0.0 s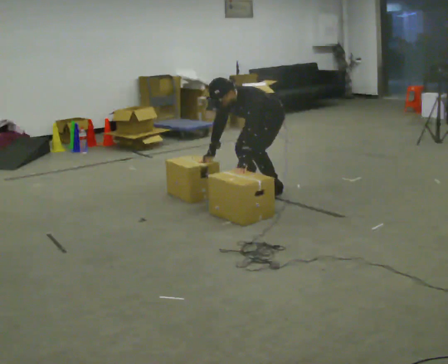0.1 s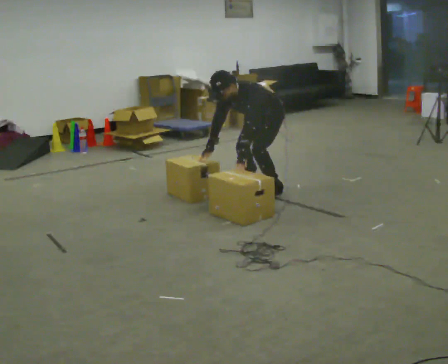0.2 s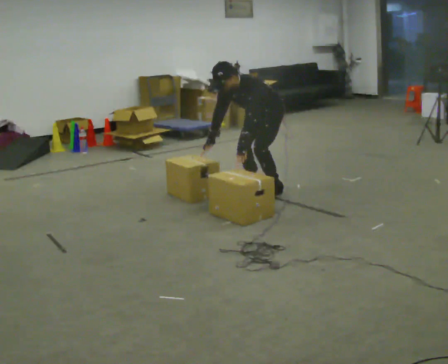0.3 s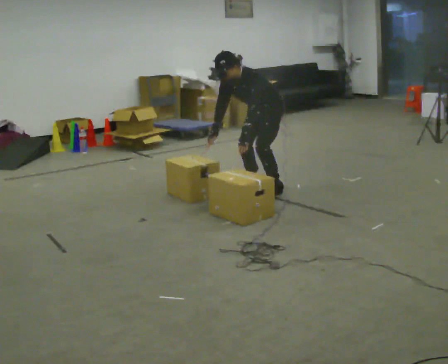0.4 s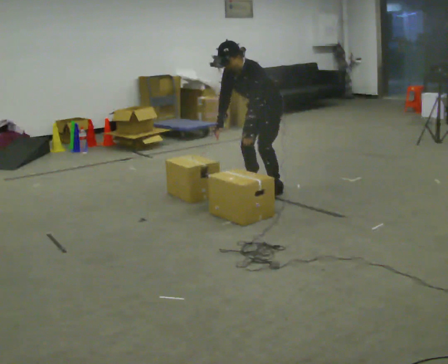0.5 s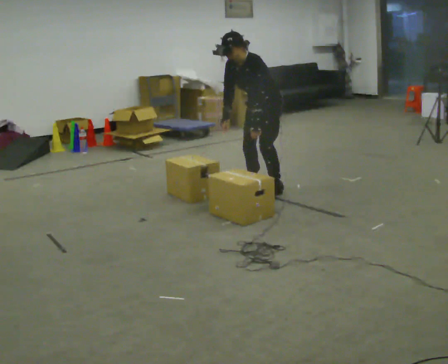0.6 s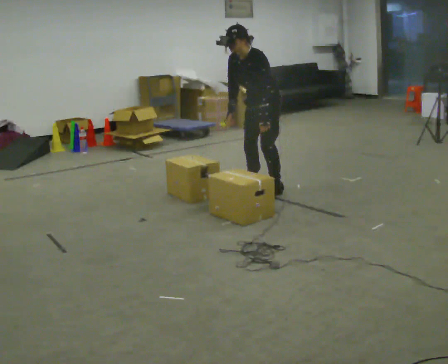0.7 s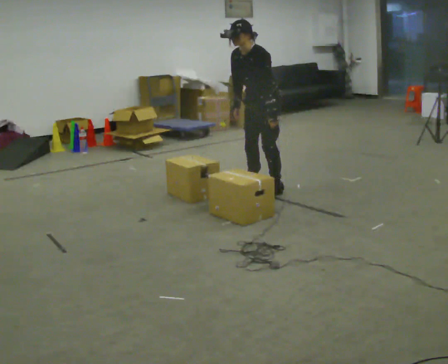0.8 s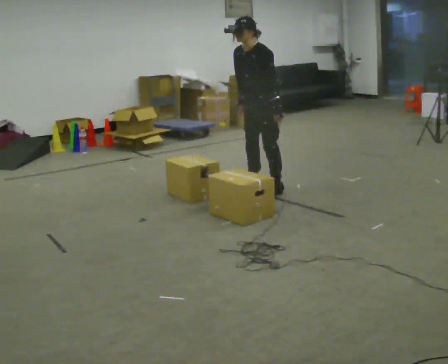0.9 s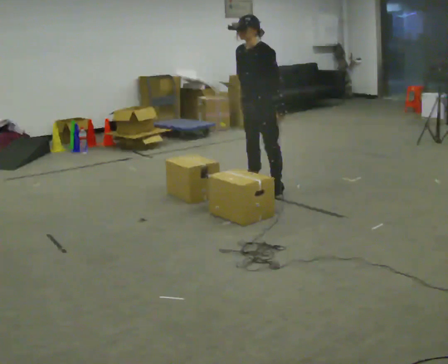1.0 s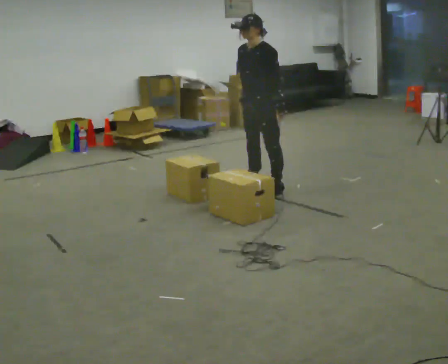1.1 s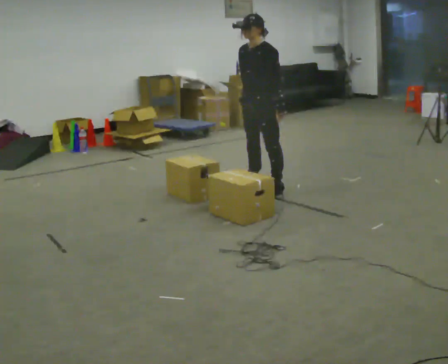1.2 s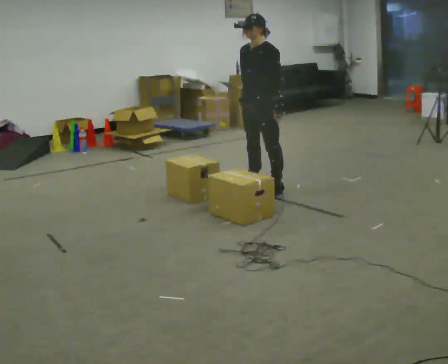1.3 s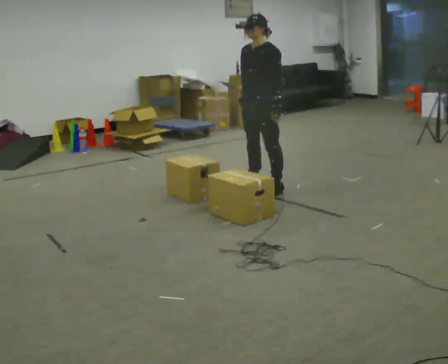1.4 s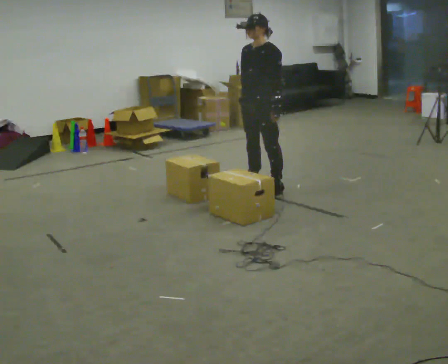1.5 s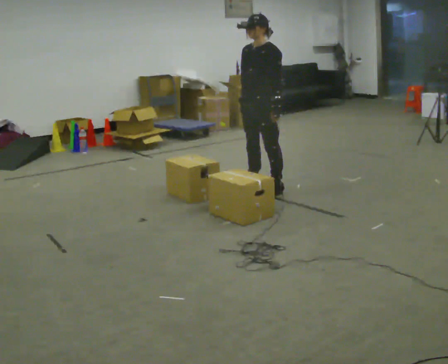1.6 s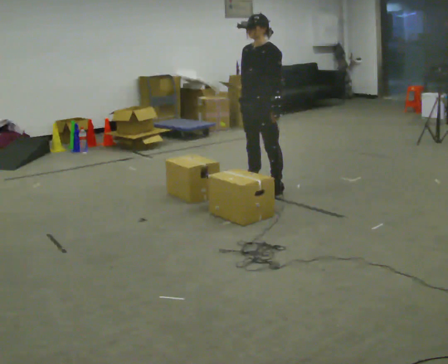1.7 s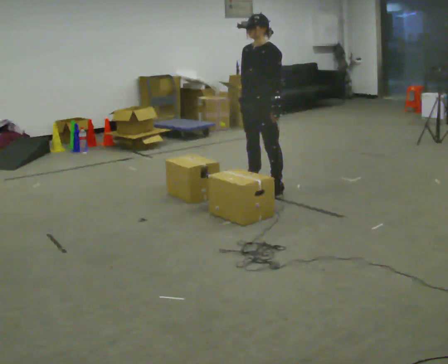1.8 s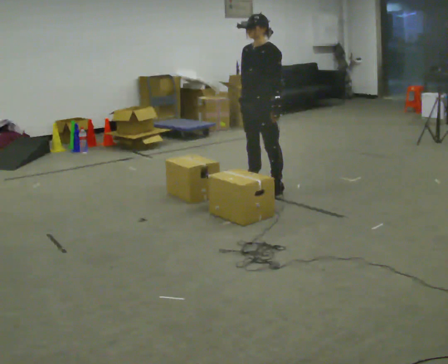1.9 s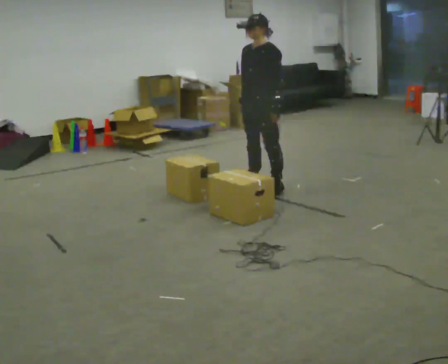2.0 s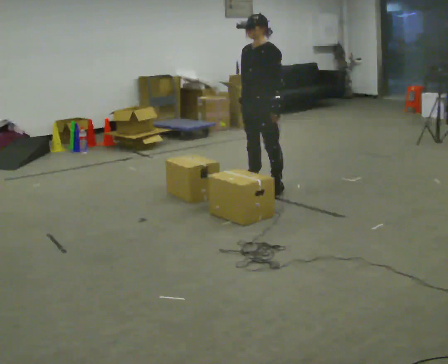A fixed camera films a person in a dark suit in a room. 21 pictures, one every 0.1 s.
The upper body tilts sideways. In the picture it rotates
clockwise.
The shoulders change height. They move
upward.
0.0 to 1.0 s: The shoulders move upward. In the picture the upper body tilts clockwise, shoulders to the right, as they lean back or straighten. In the picture their left hand goes to the right and upward.
1.0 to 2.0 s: The person moves a little, or ends about where they began.
The film runs forward here.
